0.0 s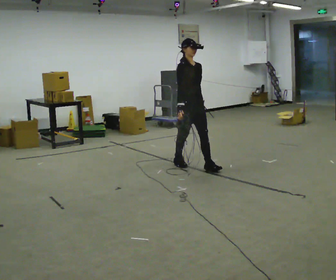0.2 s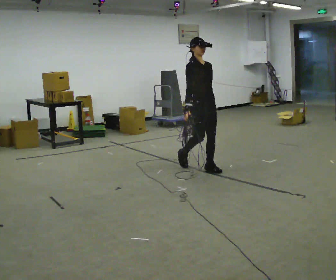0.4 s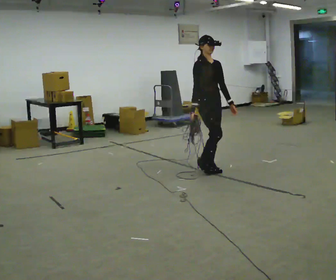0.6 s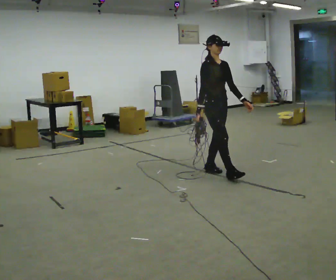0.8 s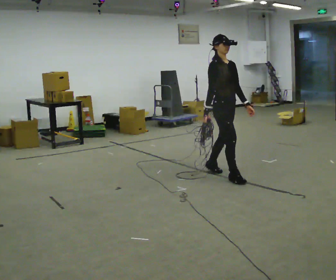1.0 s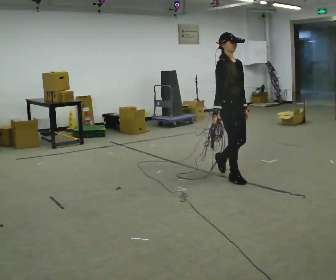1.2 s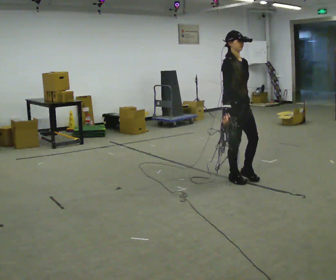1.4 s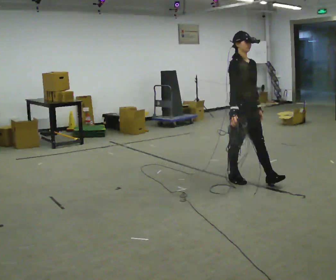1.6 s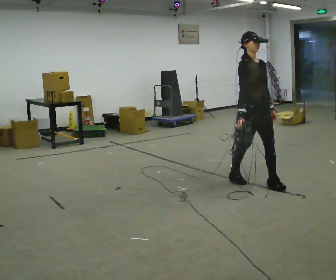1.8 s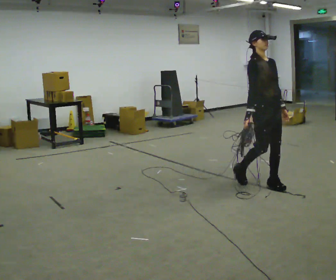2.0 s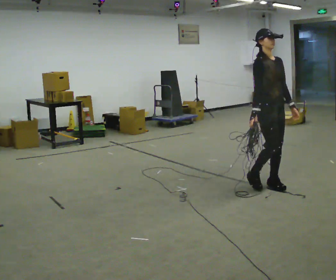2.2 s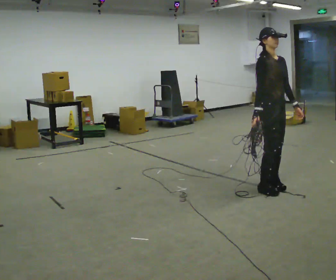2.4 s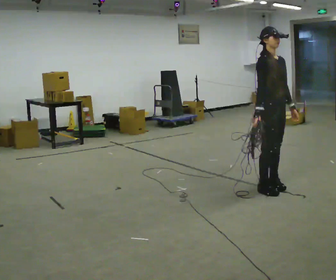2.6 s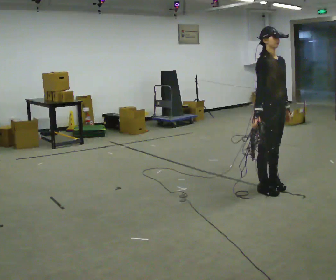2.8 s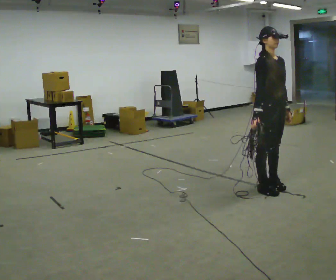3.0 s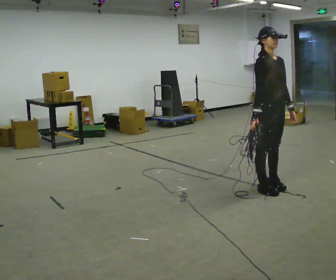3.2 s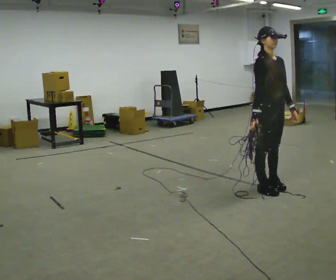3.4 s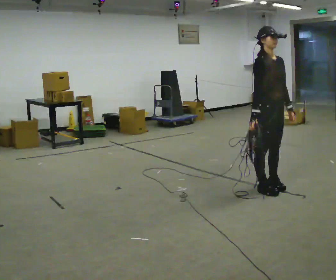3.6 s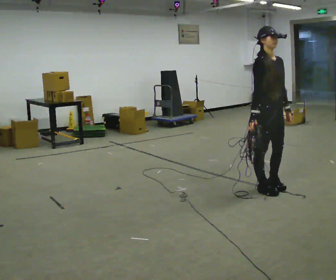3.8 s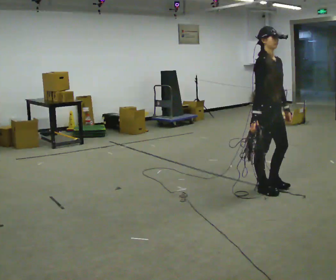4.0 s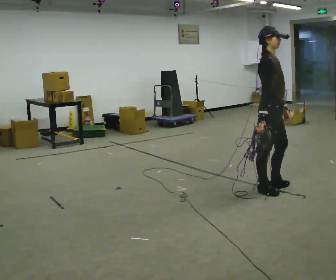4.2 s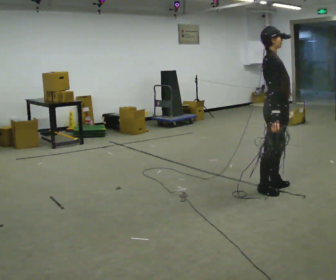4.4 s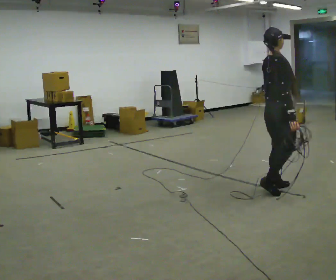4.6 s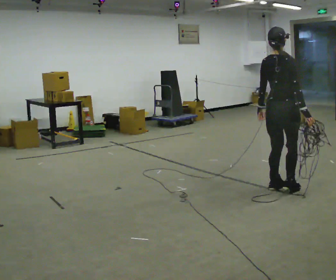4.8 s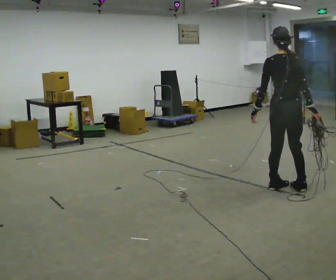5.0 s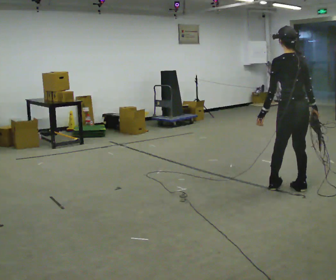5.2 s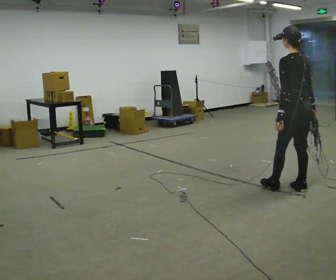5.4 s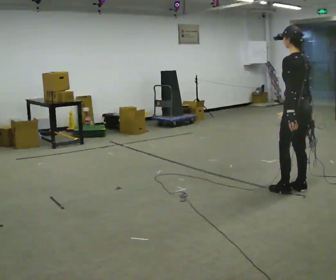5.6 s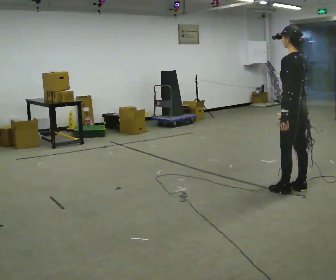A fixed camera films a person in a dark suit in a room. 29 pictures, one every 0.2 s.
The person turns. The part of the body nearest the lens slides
to the right.
The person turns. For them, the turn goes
to their left.
0.0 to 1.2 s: In the picture they go to the right and toward the camera, about 1 m in 1 step, which for them is forward.
1.2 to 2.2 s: In the picture they go to the right and toward the camera, about 0.5 m in 2 steps, which for them is forward.
2.2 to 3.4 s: The person moves a little, or ends about where they began.
3.4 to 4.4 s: The person turns about 75 degrees to their left, counterclockwise seen from above, so the part of the body nearest the lens slides to the right.
4.4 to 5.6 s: Seen from above the body turns counterclockwise, about 120 degrees: to their left, with its near side sliding to the right. In the picture they go to the right, about 0.25 m in 2 steps.
The film runs forward here.
